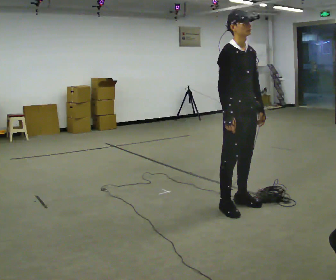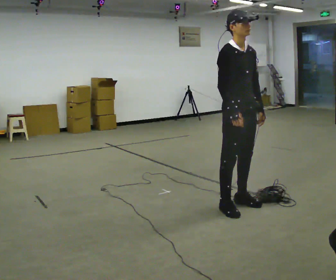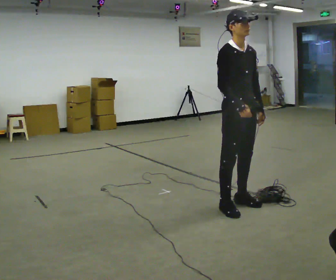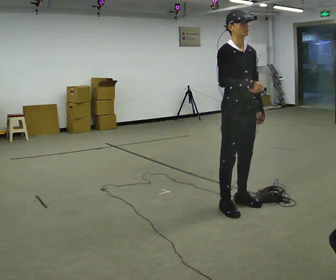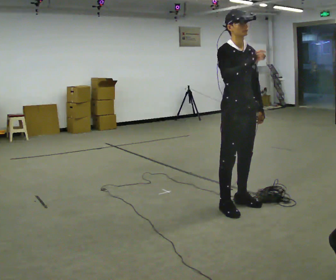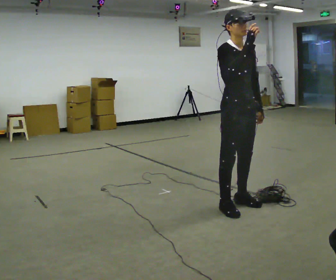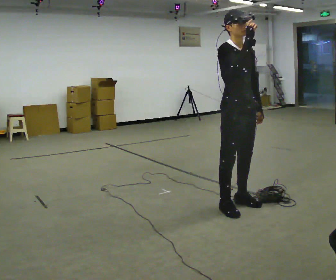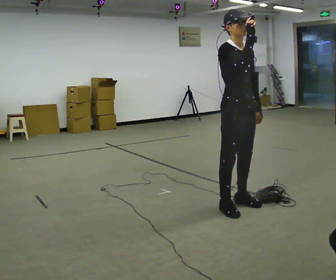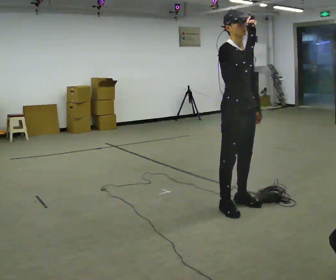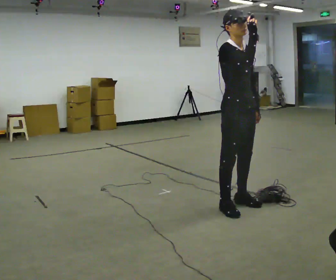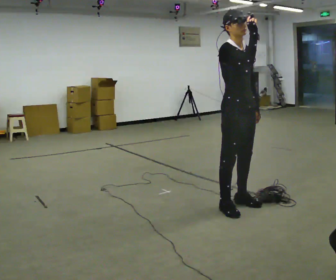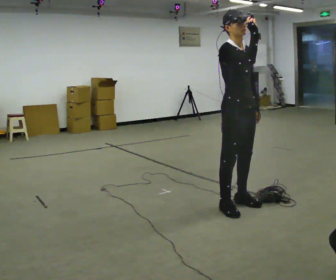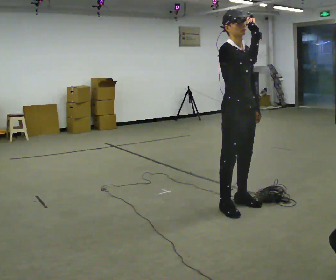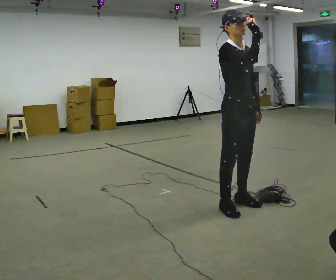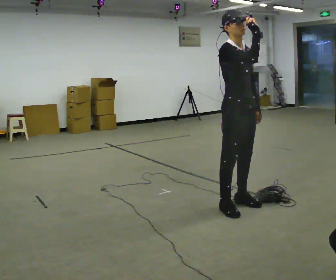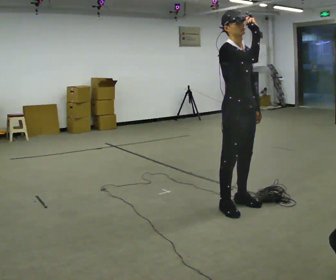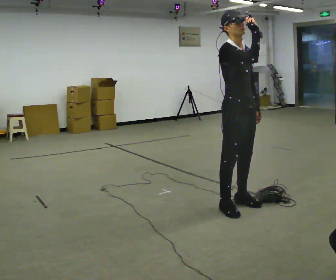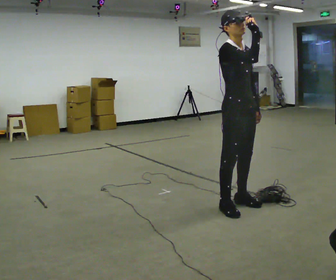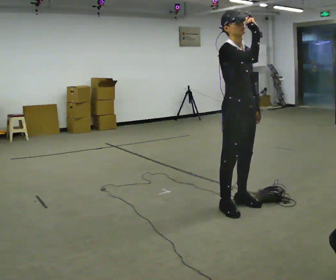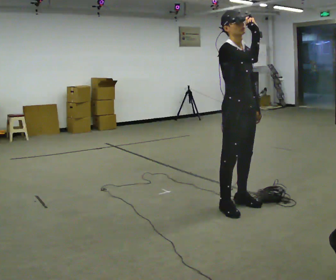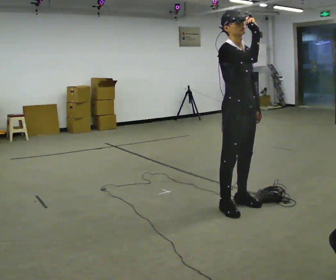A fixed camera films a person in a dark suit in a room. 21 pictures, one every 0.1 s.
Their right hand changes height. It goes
upward.
0.0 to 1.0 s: In the picture their right hand goes upward.
1.0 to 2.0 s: The person keeps their place and pose.
The film runs forward here.
